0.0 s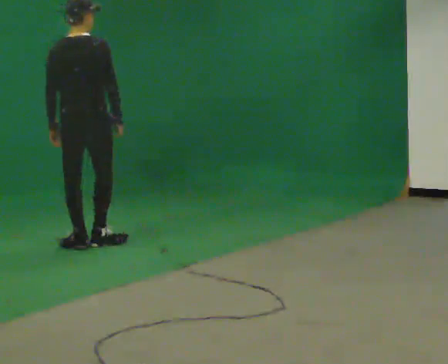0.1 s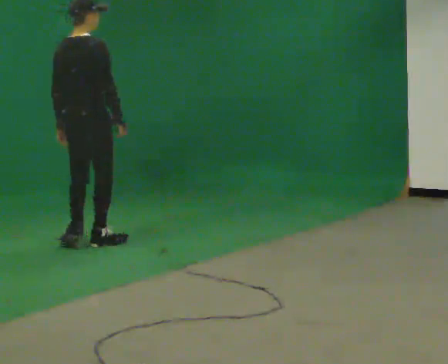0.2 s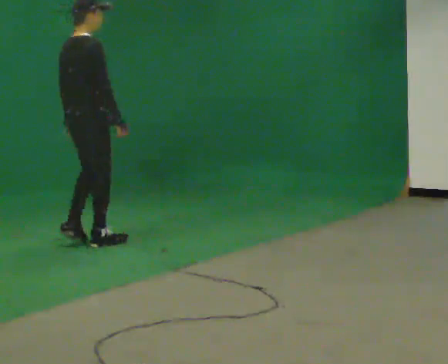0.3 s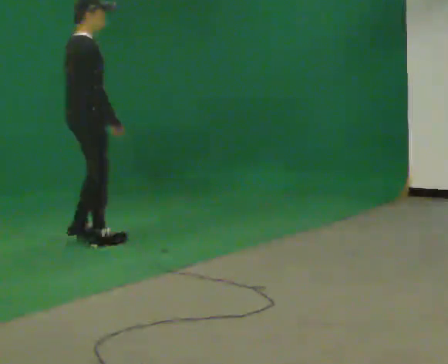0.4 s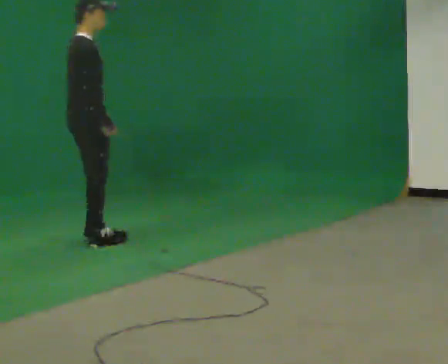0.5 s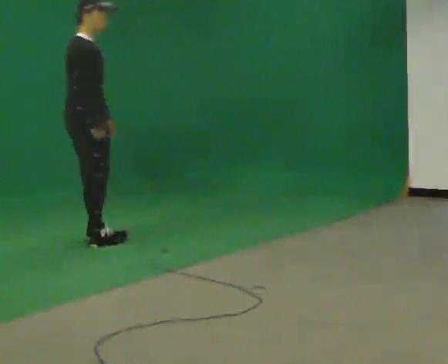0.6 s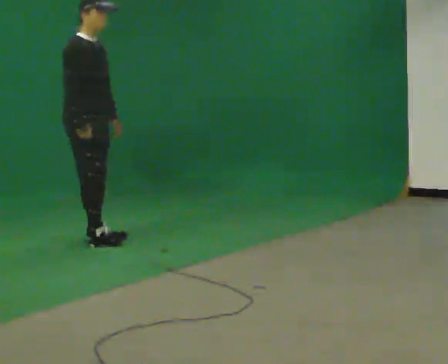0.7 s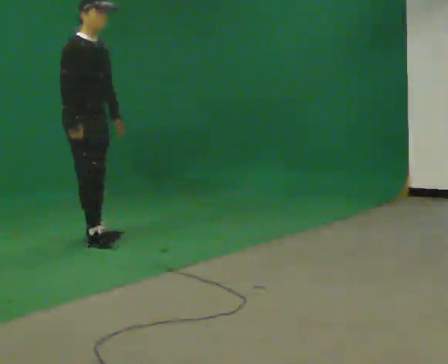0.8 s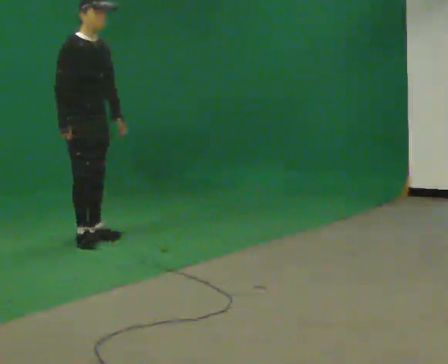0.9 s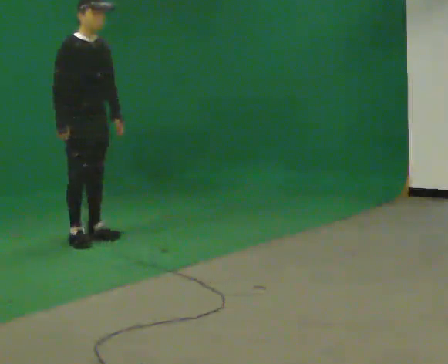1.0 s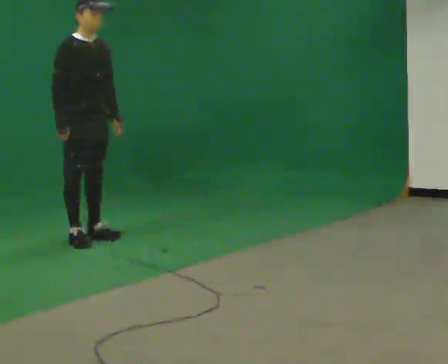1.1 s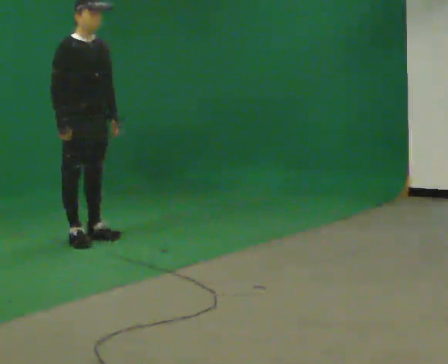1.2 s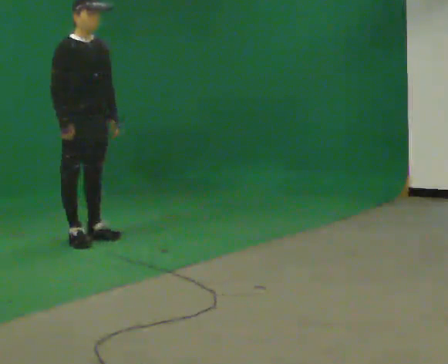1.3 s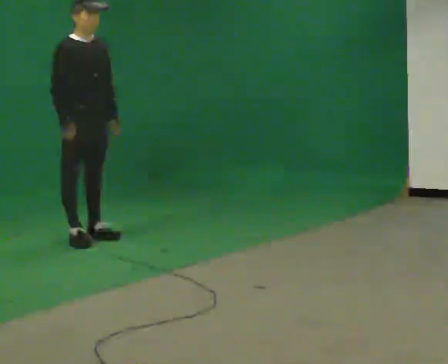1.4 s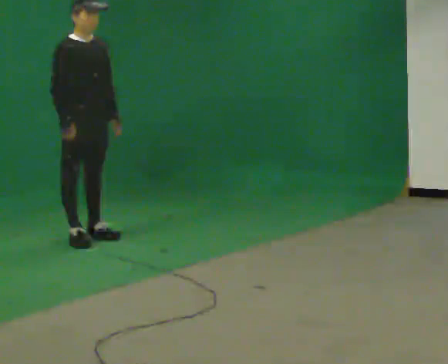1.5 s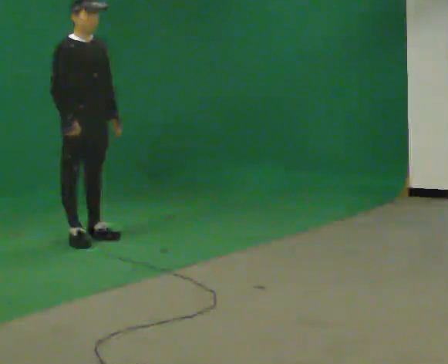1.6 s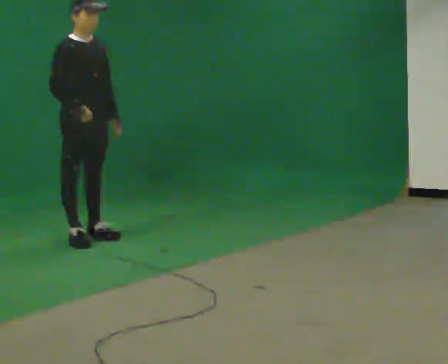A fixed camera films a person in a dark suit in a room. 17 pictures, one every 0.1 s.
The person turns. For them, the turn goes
to their right.
The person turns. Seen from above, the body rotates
clockwise.
0.0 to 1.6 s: The person turns about 105 degrees to their right, clockwise seen from above, so the part of the body nearest the lens slides to the left. In the picture they go away from the camera, about 0.25 m in 2 steps. In the picture their left hand goes to the right.
The film runs forward here.
